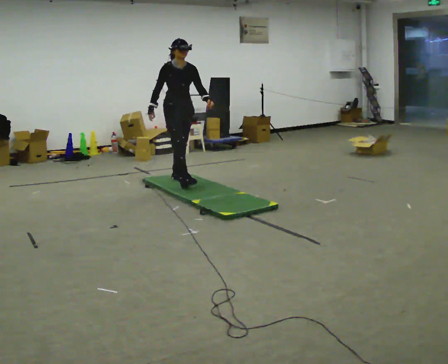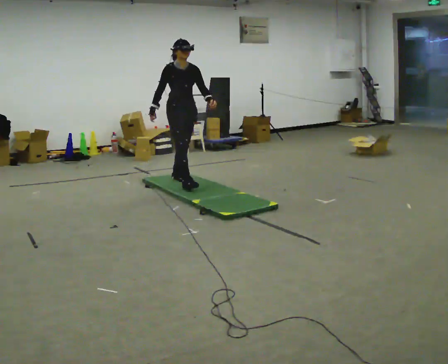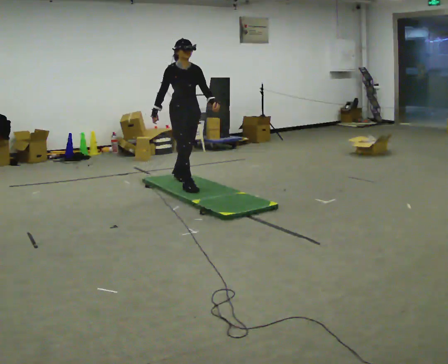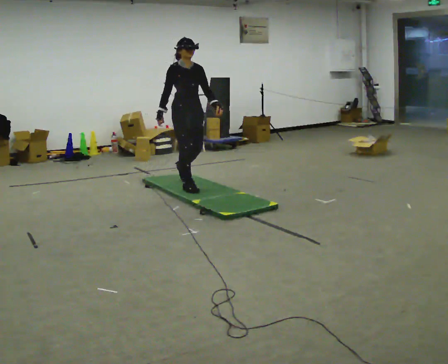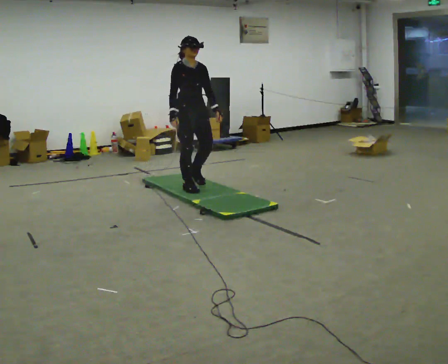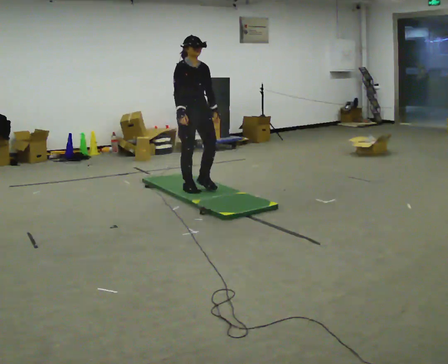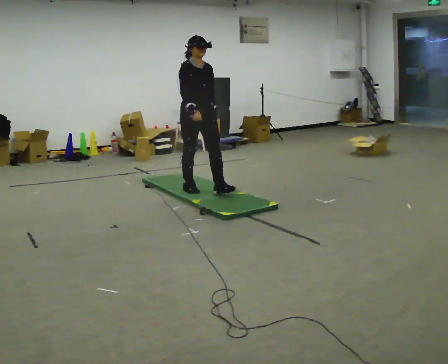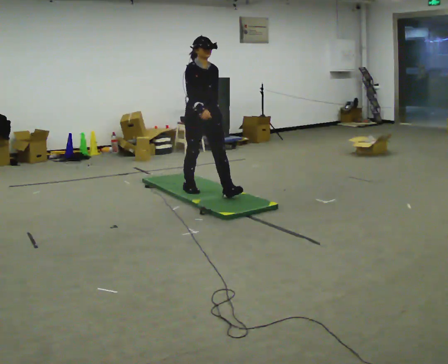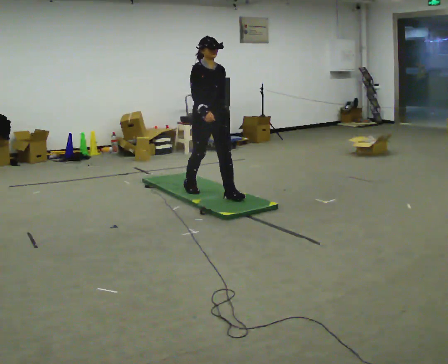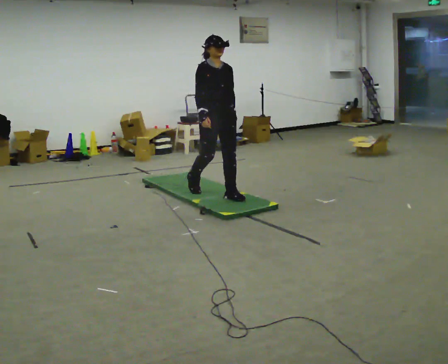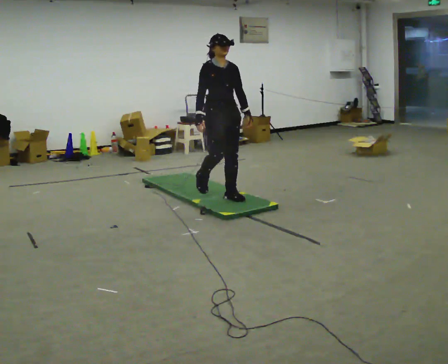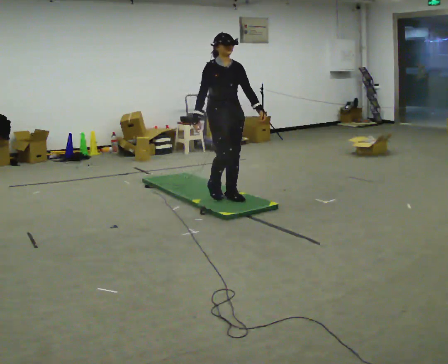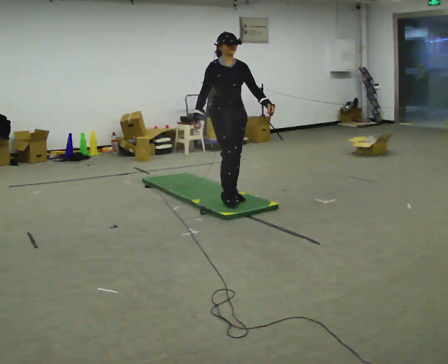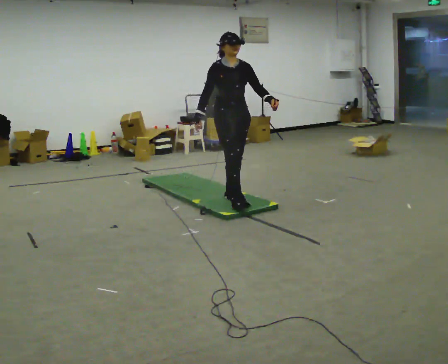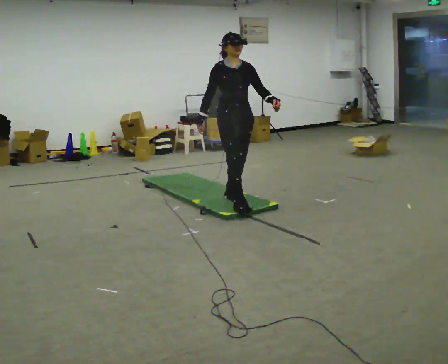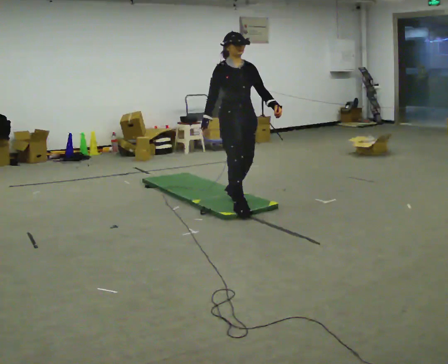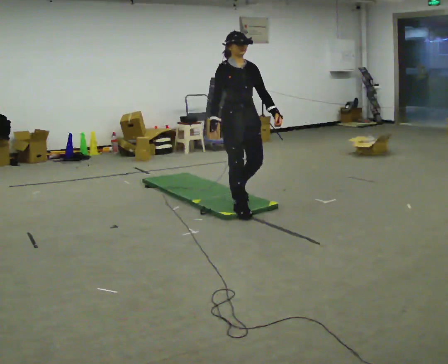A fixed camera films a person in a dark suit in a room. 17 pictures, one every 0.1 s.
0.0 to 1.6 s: In the picture they go toward the camera and to the right, about 1 m in 3 steps, which for them is forward.
The film runs forward here.
